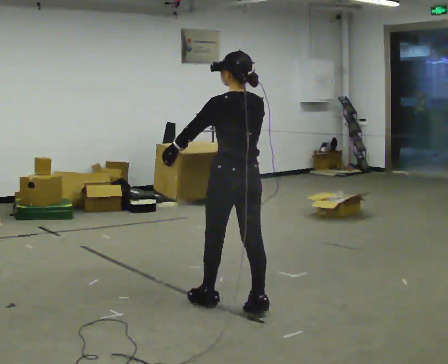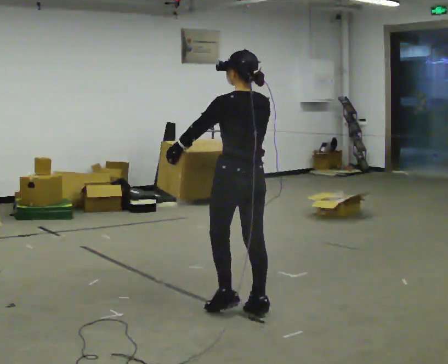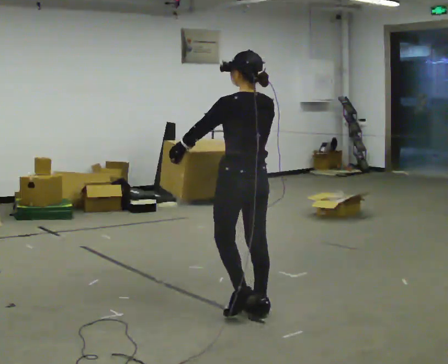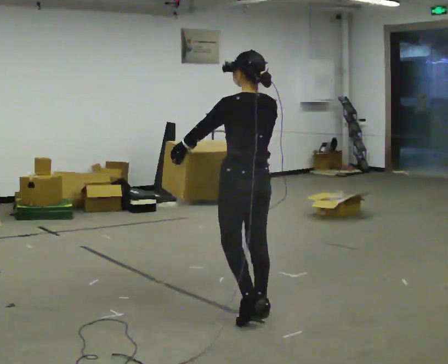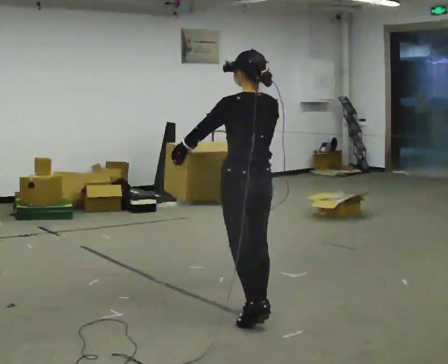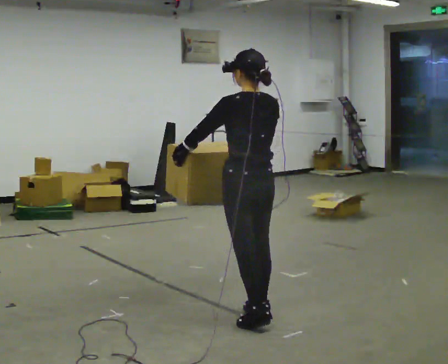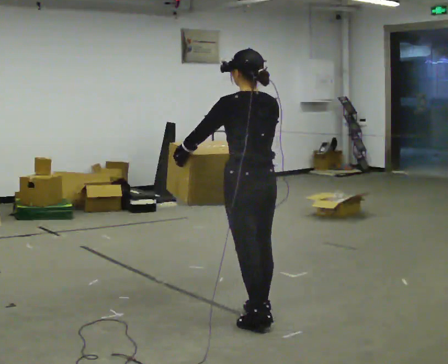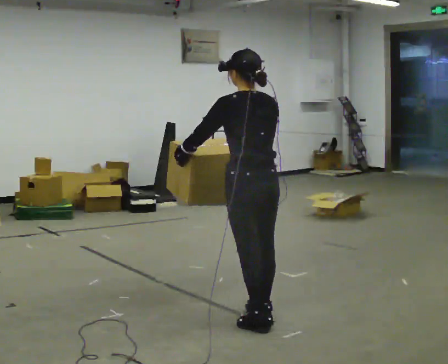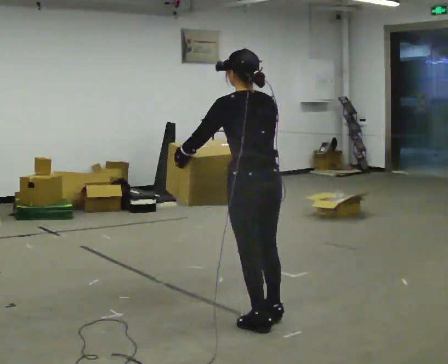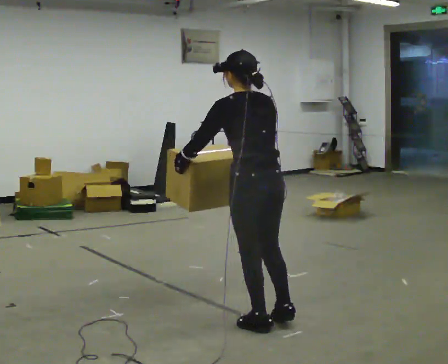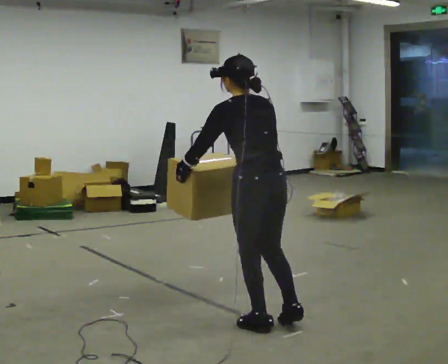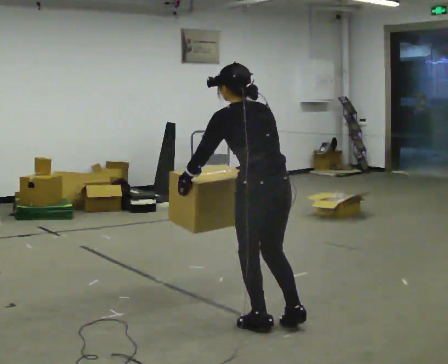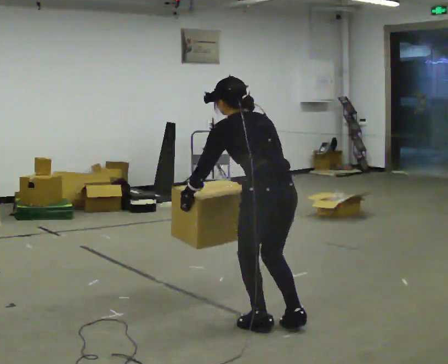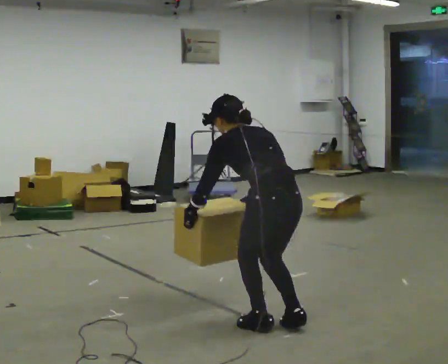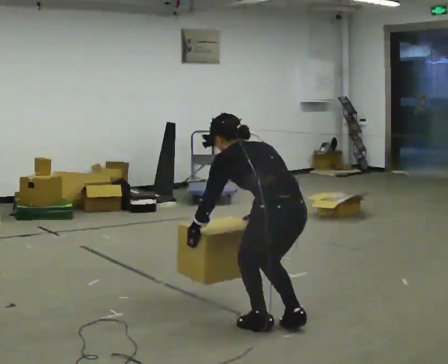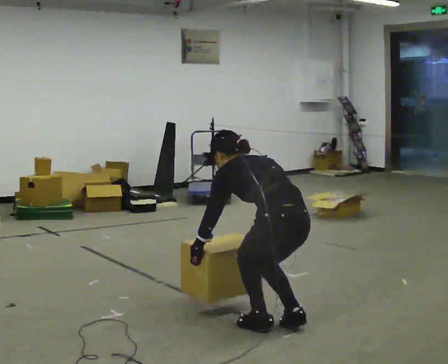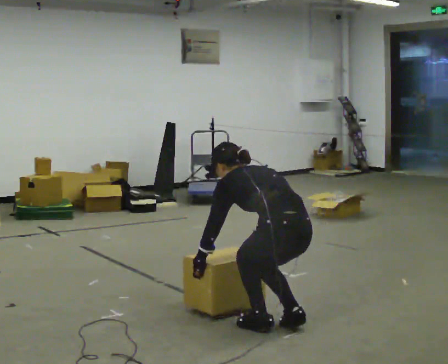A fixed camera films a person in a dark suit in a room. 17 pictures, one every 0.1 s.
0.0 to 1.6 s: In the picture they go toward the camera and to the right, about 0.5 m in 1 step, which for them is backward. The upper body goes downward. In the picture the upper body tilts counterclockwise, shoulders to the left, as they bend forward. In the picture their right hand goes downward.
The film runs backward here.
